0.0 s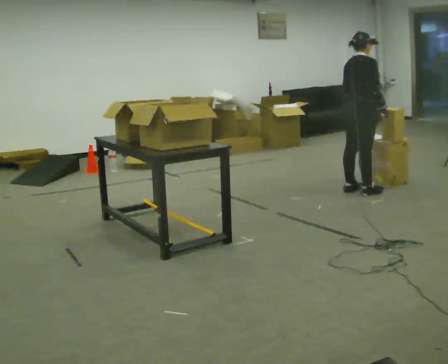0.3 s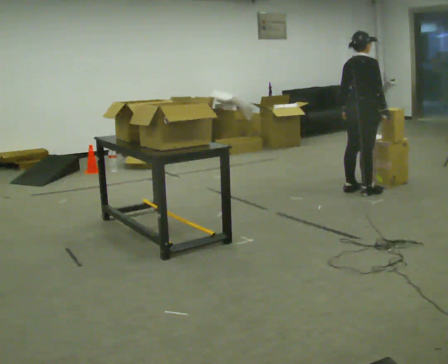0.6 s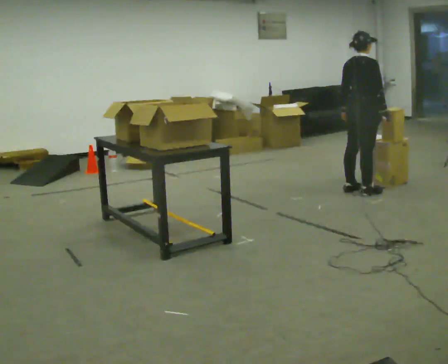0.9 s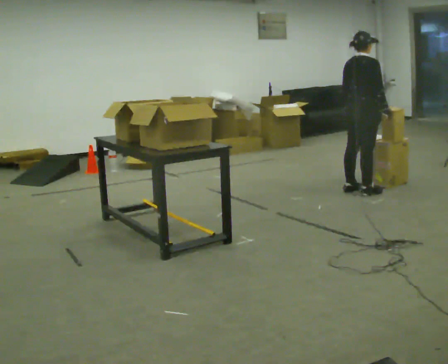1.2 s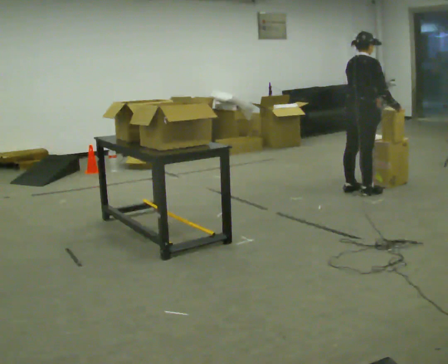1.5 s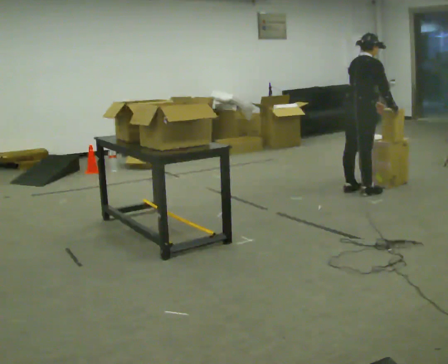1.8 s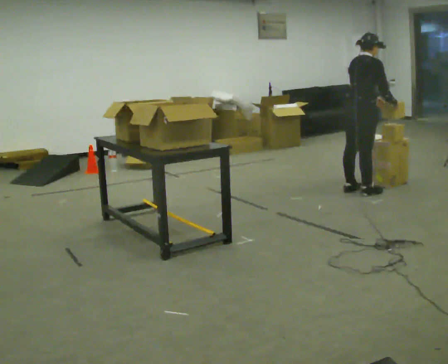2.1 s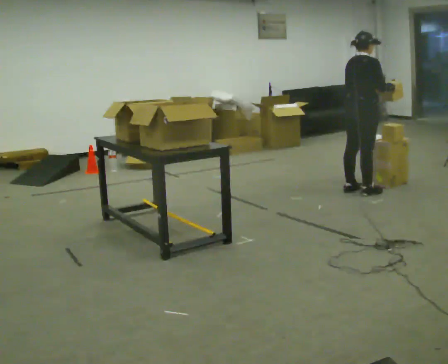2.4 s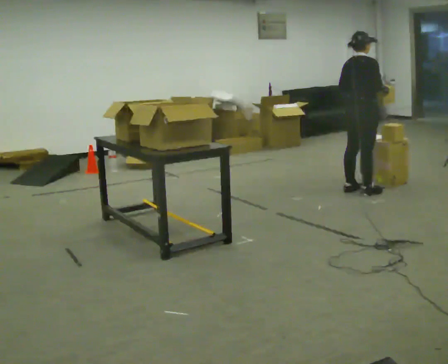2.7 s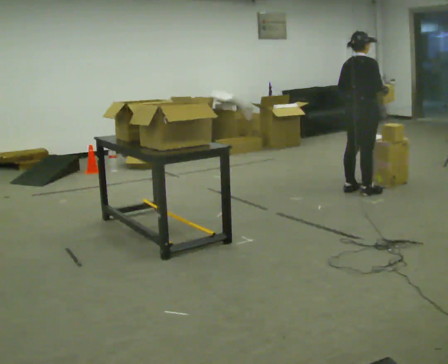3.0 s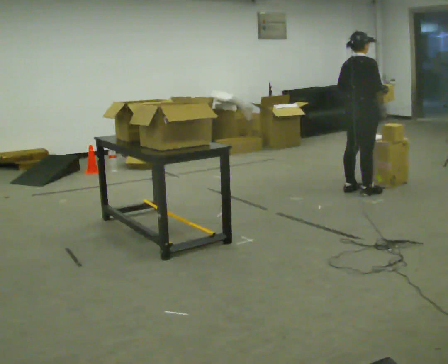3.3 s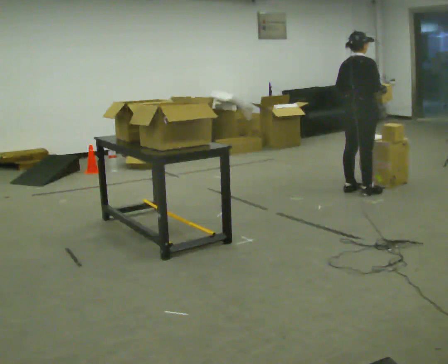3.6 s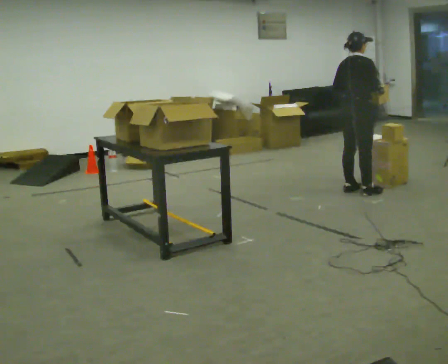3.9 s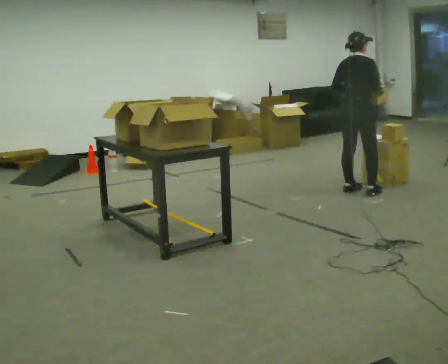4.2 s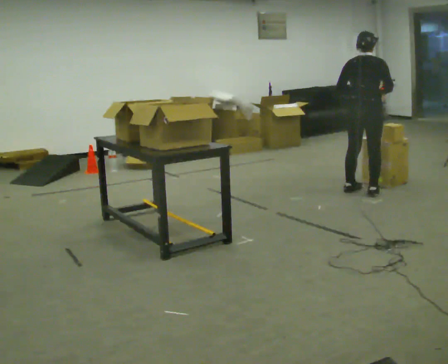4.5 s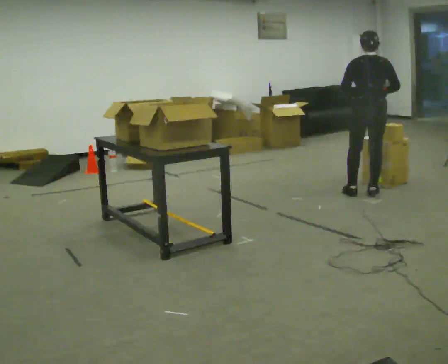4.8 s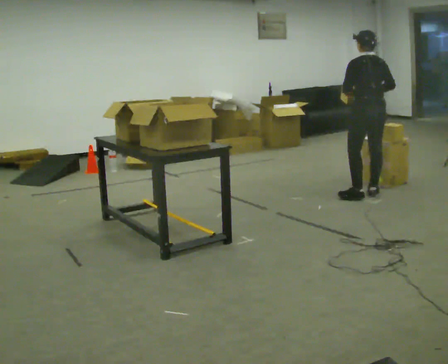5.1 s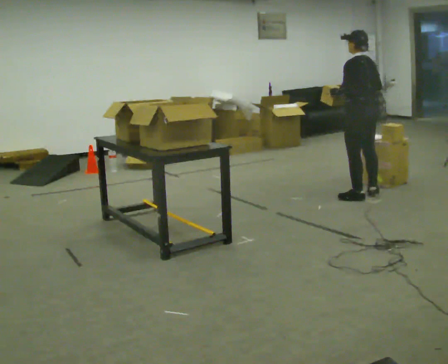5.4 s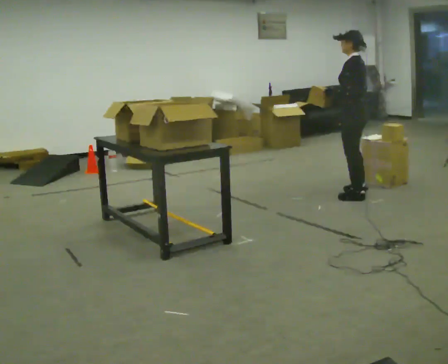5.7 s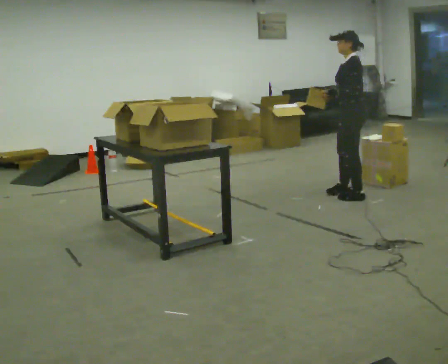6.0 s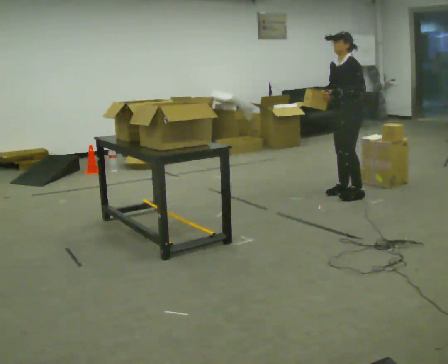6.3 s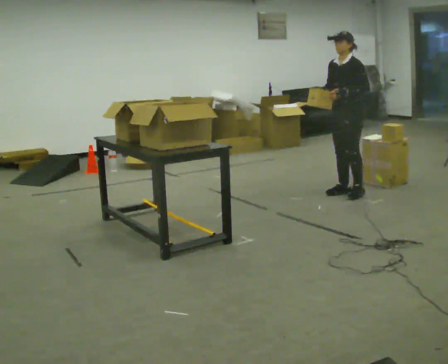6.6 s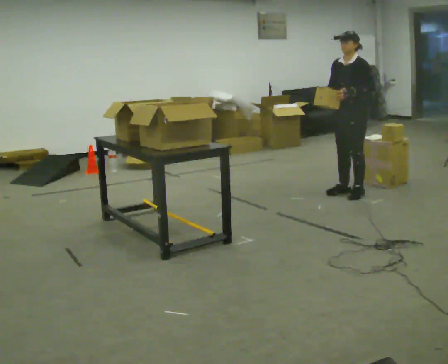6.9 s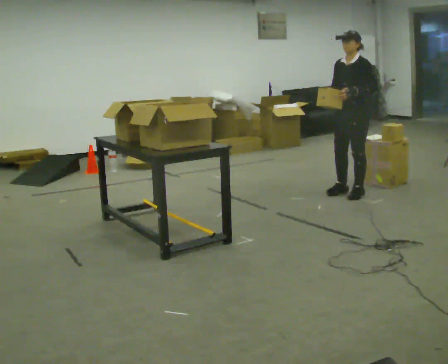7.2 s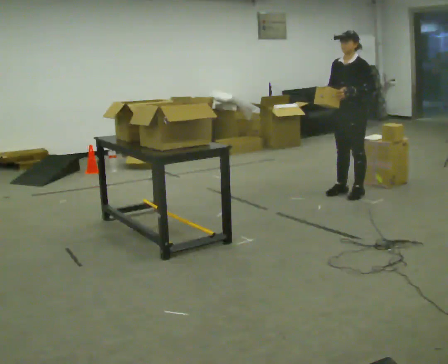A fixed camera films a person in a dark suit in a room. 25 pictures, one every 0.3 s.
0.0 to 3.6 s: The person moves a little, or ends about where they began.
3.6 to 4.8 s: Seen from above the body turns counterclockwise, about 75 degrees: to their left, with its near side sliding to the right. In the picture they go toward the camera, about 0.25 m in 1 step.
4.8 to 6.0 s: Seen from above the body turns counterclockwise, about 90 degrees: to their left, with its near side sliding to the right. In the picture they go to the left, about 0.25 m in 1 step. In the picture their right hand goes to the left.
6.0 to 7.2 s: The person moves a little, or ends about where they began.
The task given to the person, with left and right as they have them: 1. Read the list the operator gives you. 2. Collect the six items on the list from the shelves. 3. Put them all in the bin on the table. 4. Tell the operator when you are finished.
The film runs forward here.
